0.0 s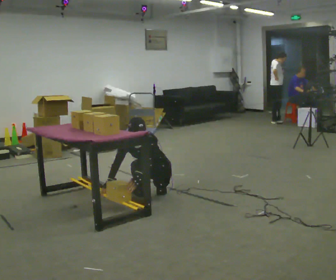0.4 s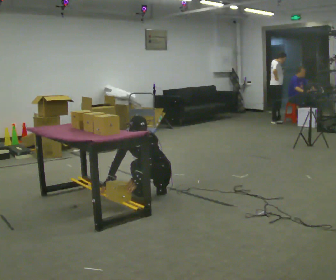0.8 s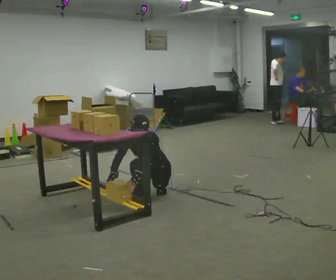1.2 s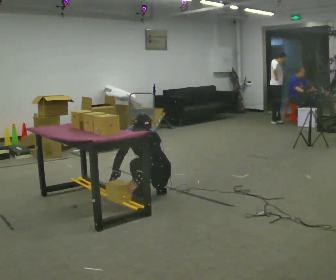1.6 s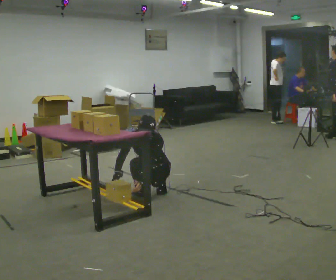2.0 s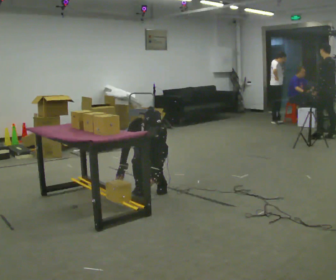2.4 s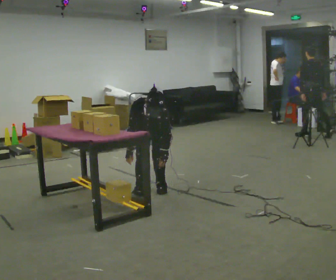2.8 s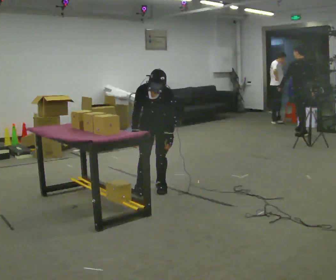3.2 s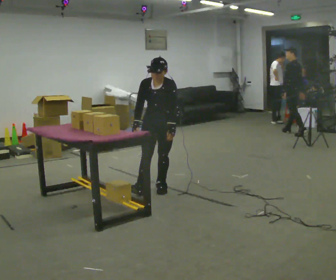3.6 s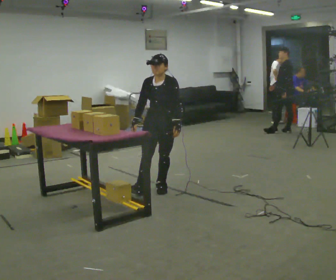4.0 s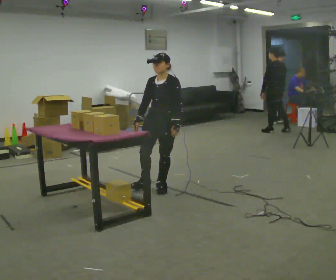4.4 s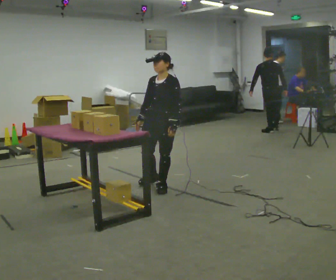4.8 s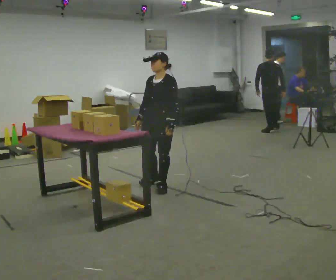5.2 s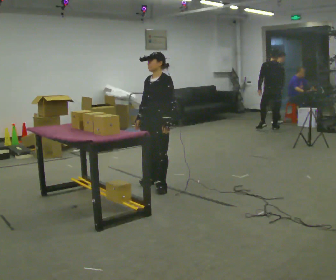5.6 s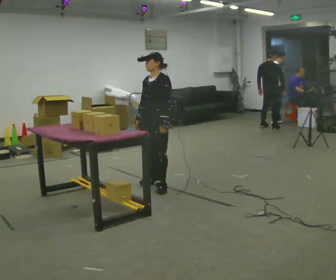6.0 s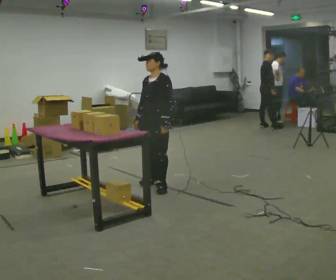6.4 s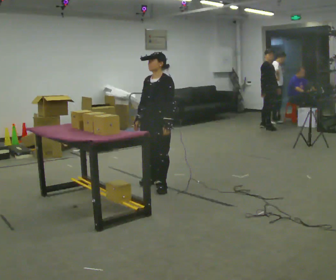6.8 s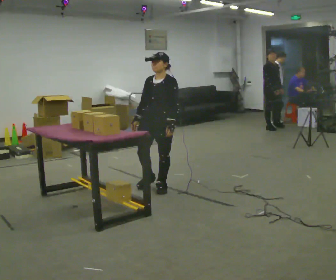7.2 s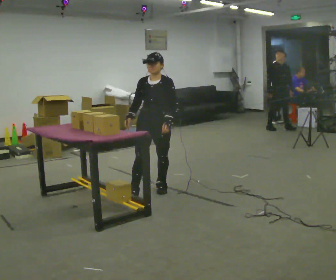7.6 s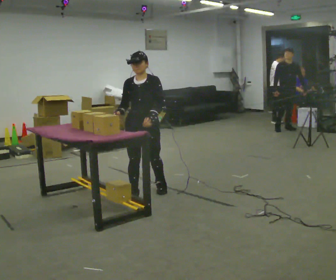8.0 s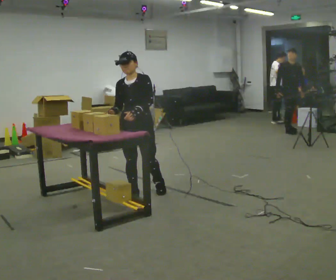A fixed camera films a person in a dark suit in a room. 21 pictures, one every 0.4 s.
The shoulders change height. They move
upward.
Their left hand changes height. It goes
upward.
0.0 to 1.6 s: The person moves a little, or ends about where they began.
1.6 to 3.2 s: The shoulders move upward. In the picture their left hand goes upward.
3.2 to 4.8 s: The part of the body nearest the lens slides to the left as the person turns to their right by about 30 degrees.
4.8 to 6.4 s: The person moves a little, or ends about where they began.
6.4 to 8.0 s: The person turns about 30 degrees to their left, counterclockwise seen from above, so the part of the body nearest the lens slides to the right. In the picture they go toward the camera and to the left, about 0.5 m in 1 step, which for them is forward and to their right.
The film runs forward here.
